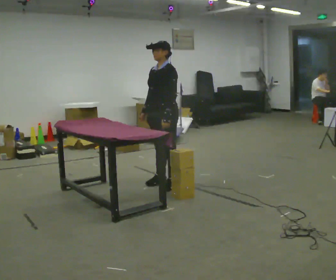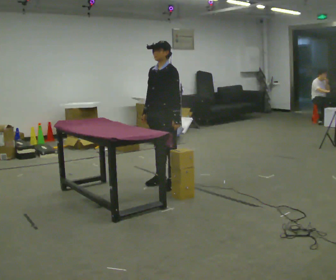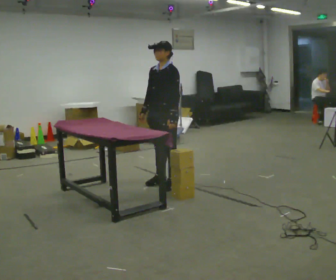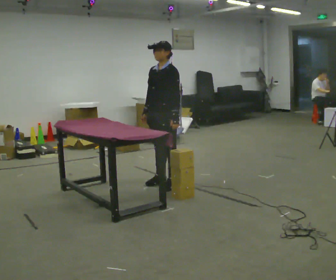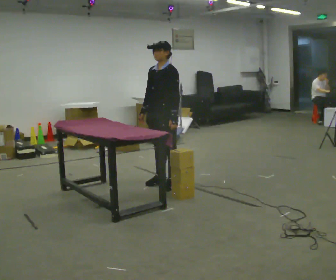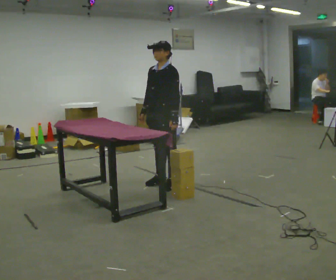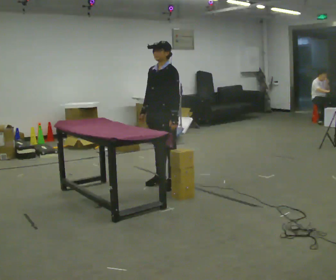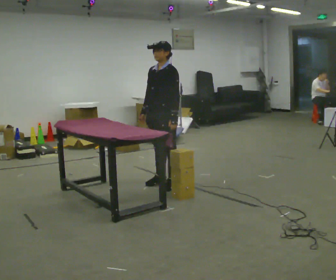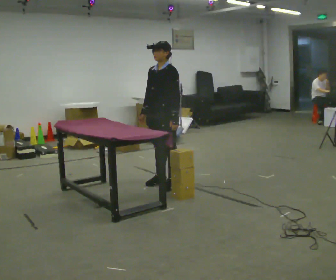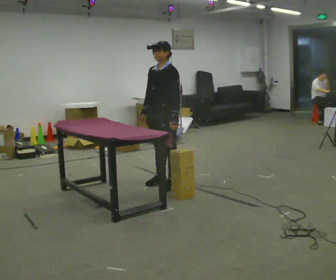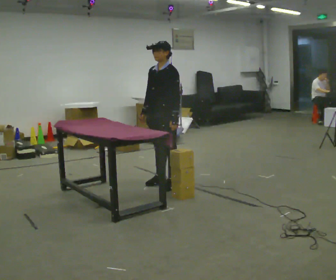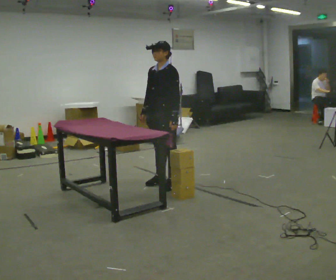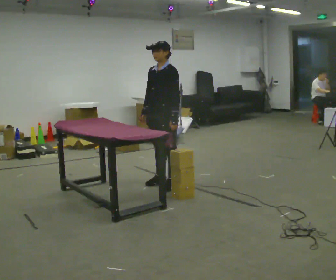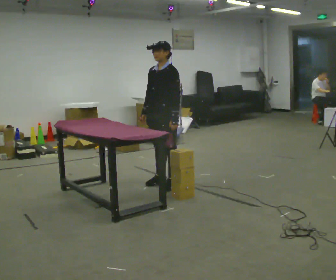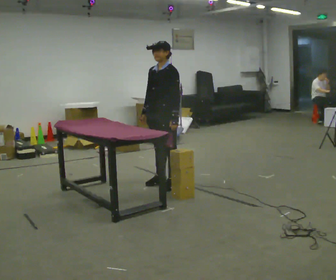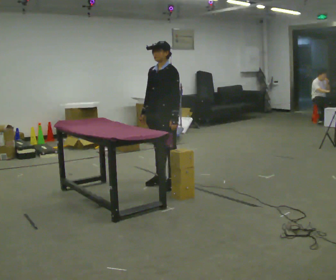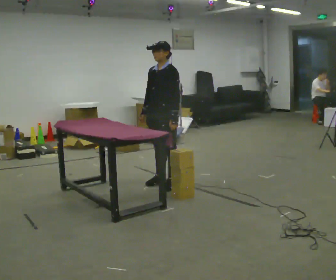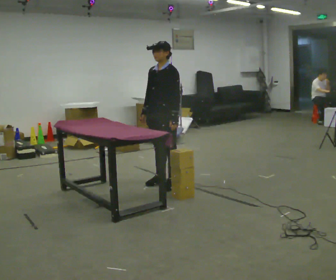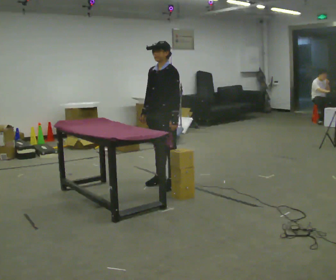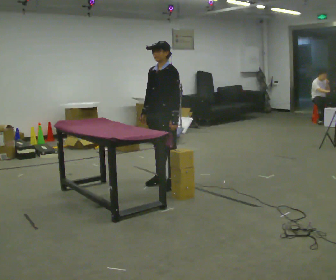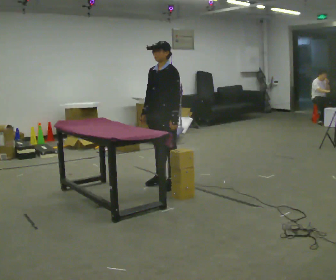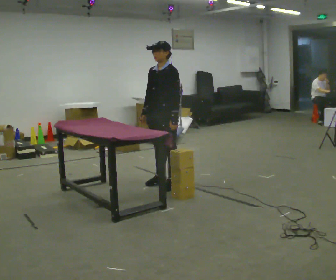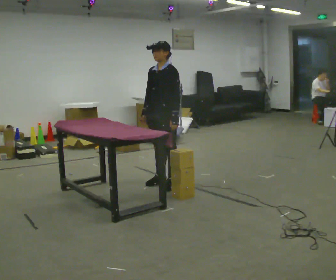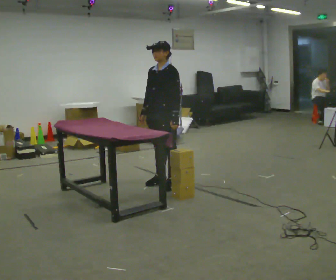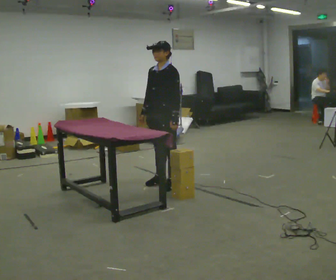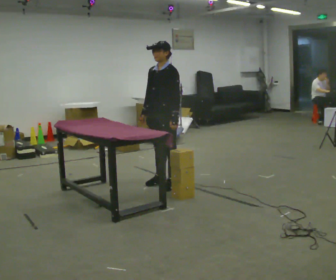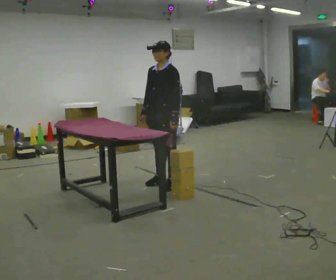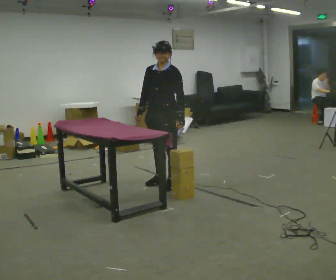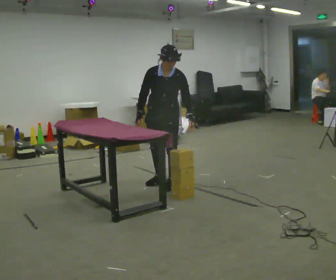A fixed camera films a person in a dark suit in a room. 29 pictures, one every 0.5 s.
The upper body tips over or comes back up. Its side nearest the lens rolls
downward.
0.0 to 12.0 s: The person moves a little, or ends about where they began.
12.0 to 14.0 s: The part of the body nearest the lens slides to the right as the person turns to their left by about 30 degrees. The upper body tips toward the camera, its near side rolling downward, as they bend forward.
The film runs forward here.
